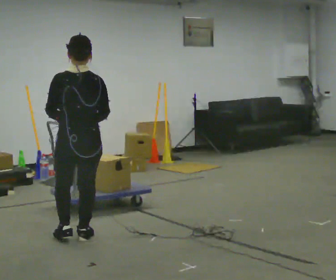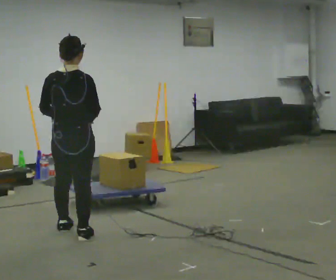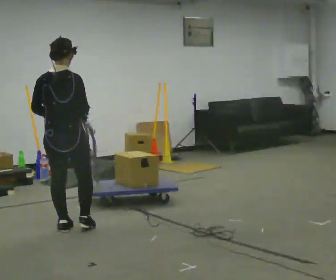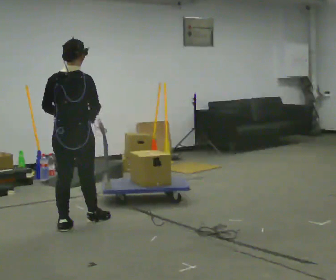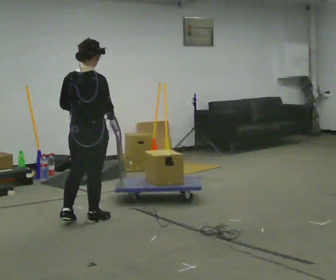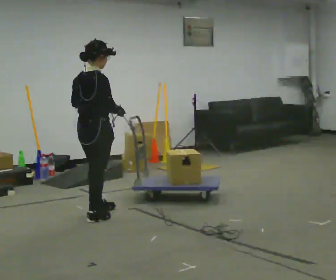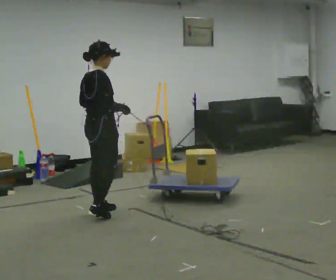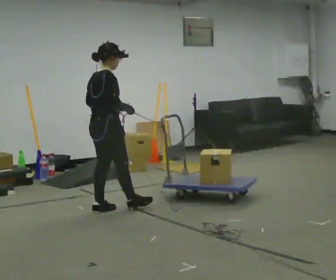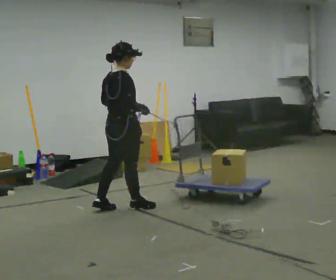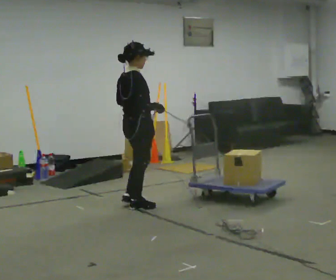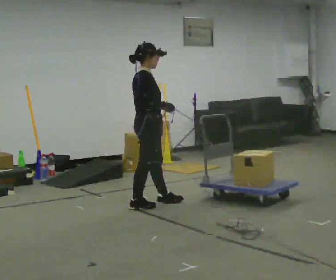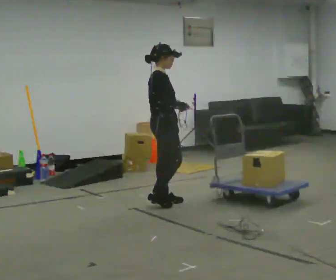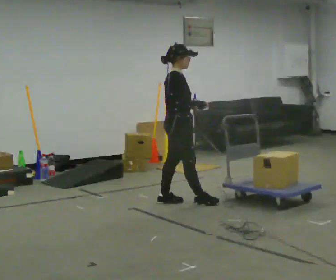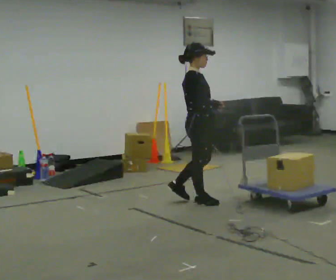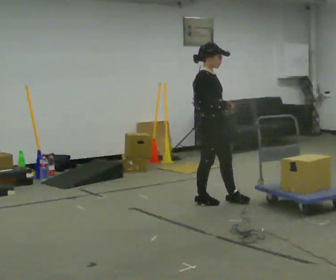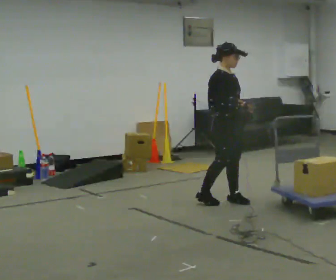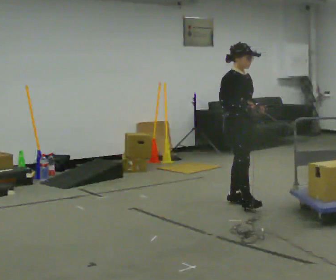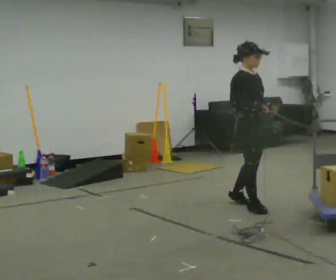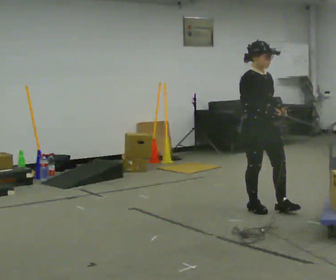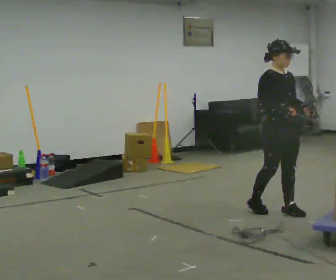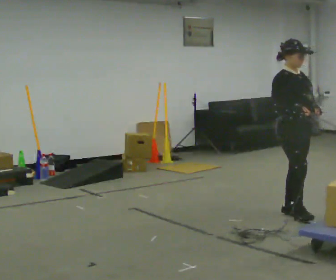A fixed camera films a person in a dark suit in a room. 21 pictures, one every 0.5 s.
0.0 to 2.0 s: The person turns about 30 degrees to their right, clockwise seen from above, so the part of the body nearest the lens slides to the left. In the picture they go away from the camera, about 0.5 m in 2 steps, which for them is forward.
2.0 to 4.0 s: The person turns about 30 degrees to their right, clockwise seen from above, so the part of the body nearest the lens slides to the left. In the picture they go away from the camera and to the right, about 0.5 m in 1 step, which for them is forward and to their left.
4.0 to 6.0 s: The person turns about 30 degrees to their right, clockwise seen from above, so the part of the body nearest the lens slides to the left. In the picture they go to the right and away from the camera, about 0.5 m in 2 steps, which for them is forward.
6.0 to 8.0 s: The part of the body nearest the lens slides to the left as the person turns to their right by about 45 degrees. In the picture they go to the right, about 0.75 m in 2 steps, which for them is forward.
8.0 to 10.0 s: In the picture they go toward the camera and to the right, about 0.75 m in 2 steps, which for them is forward.
The film runs backward here.
